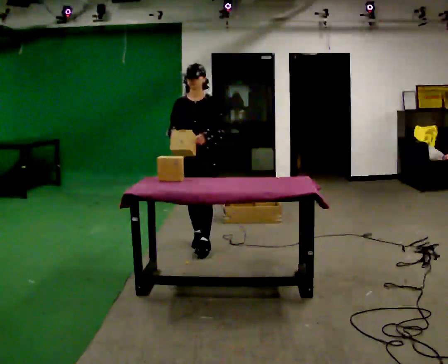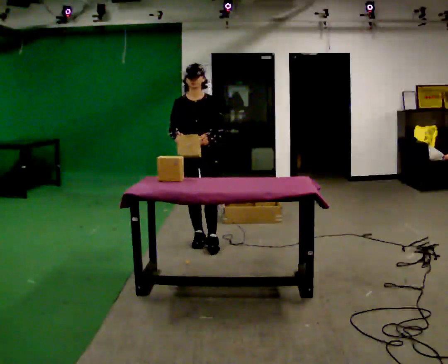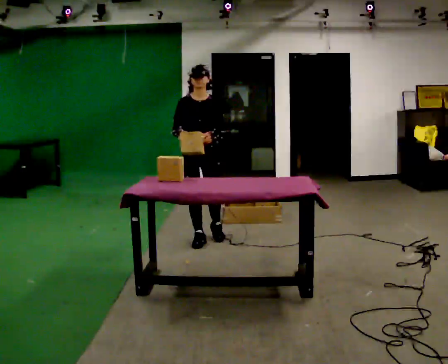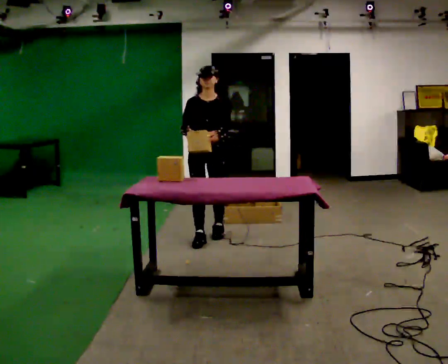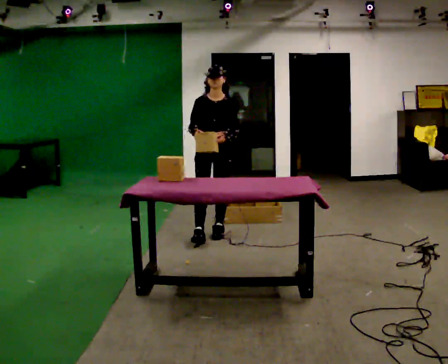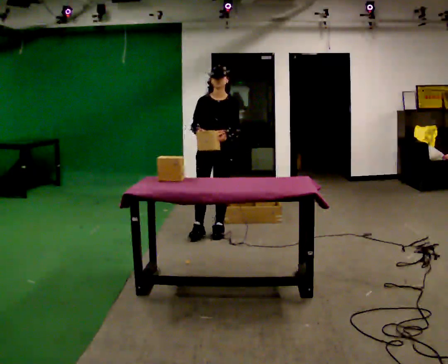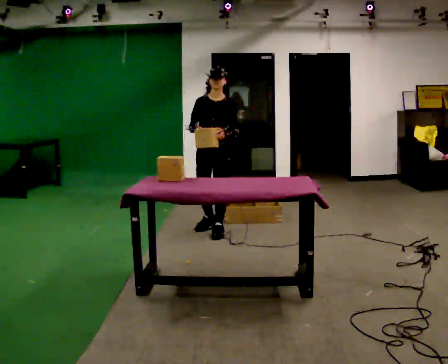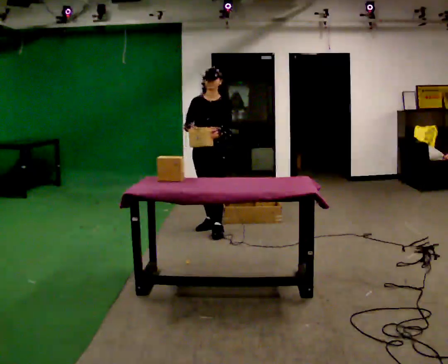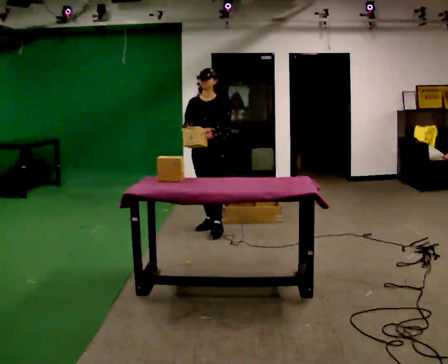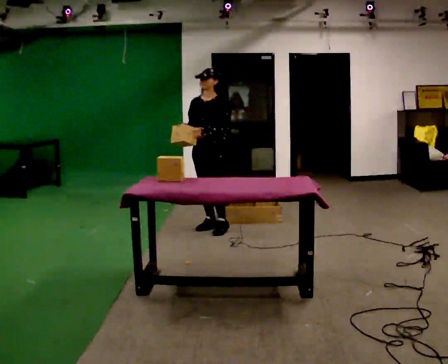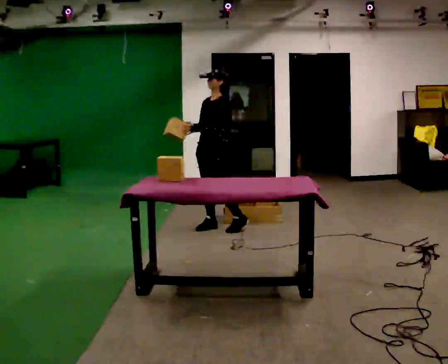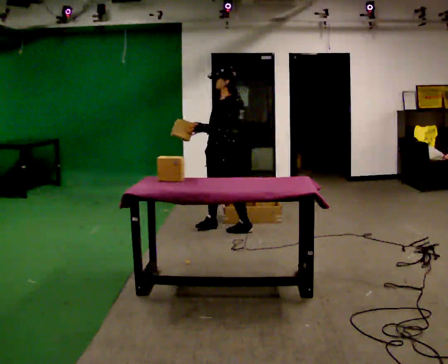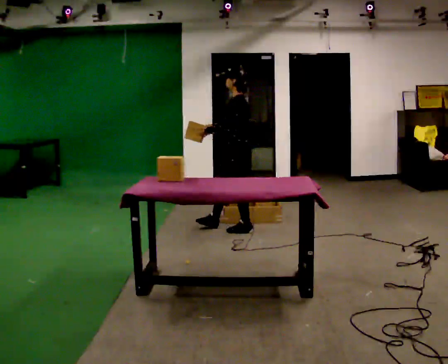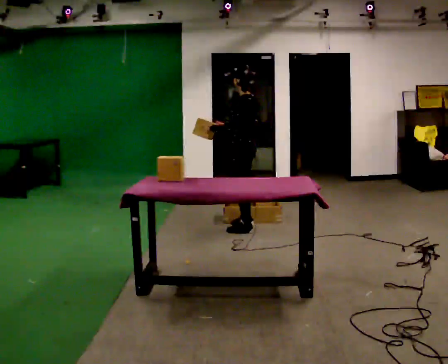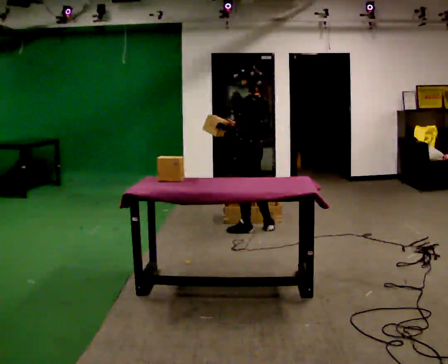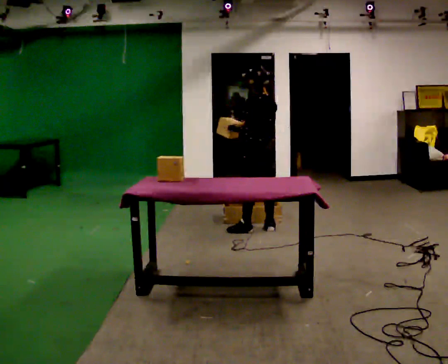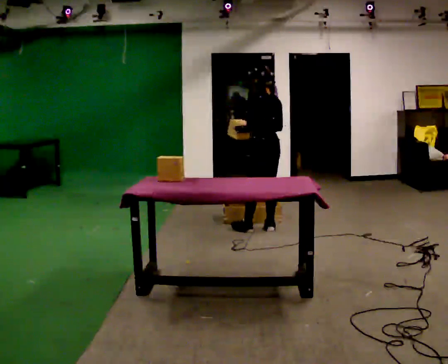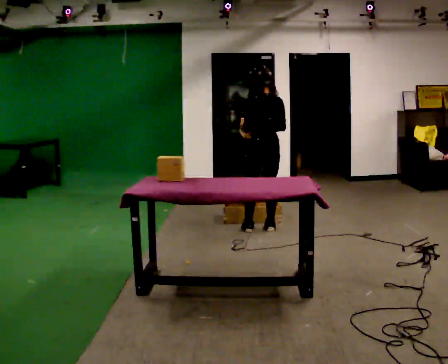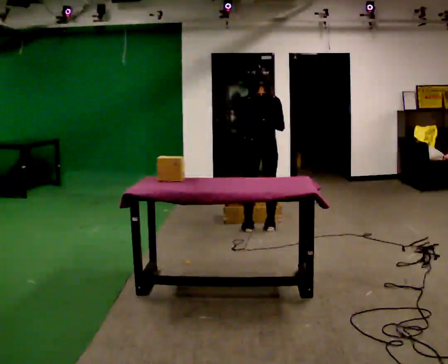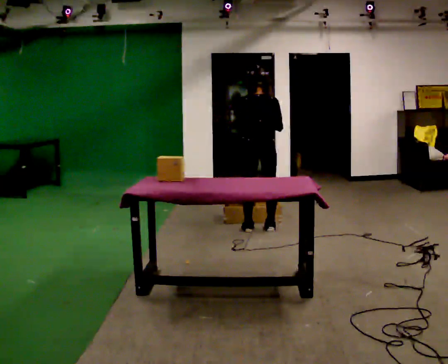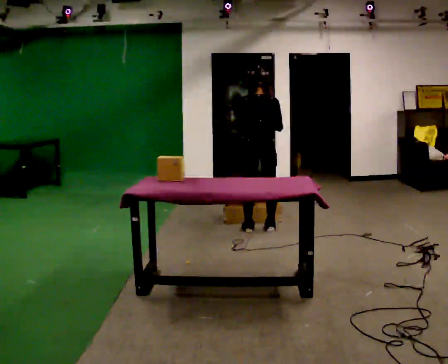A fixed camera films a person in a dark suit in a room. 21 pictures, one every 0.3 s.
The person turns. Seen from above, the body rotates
clockwise.
The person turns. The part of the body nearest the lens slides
to the left.
0.0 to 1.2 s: In the picture they go away from the camera, about 0.25 m in 1 step, which for them is backward and to their left.
1.2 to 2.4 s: In the picture they go away from the camera, about 0.25 m in 1 step, which for them is backward.
2.4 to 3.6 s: Seen from above the body turns clockwise, about 75 degrees: to their right, with its near side sliding to the left. In the picture they go to the right, about 0.25 m in 2 steps.
3.6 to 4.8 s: Seen from above the body turns clockwise, about 60 degrees: to their right, with its near side sliding to the left. In the picture they go to the right, about 0.25 m, which for them is backward and to their right.
4.8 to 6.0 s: The part of the body nearest the lens slides to the left as the person turns to their right by about 45 degrees.
The film runs backward here.
